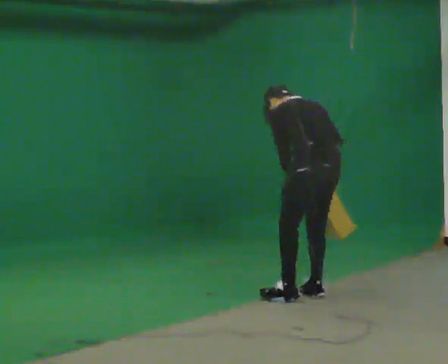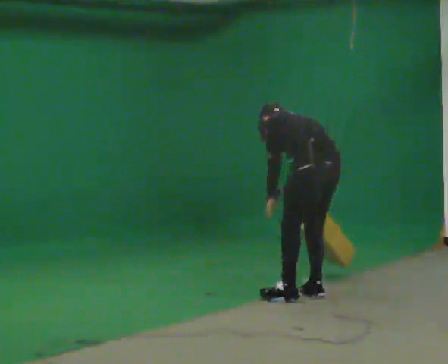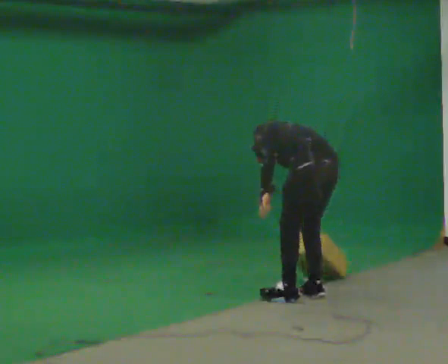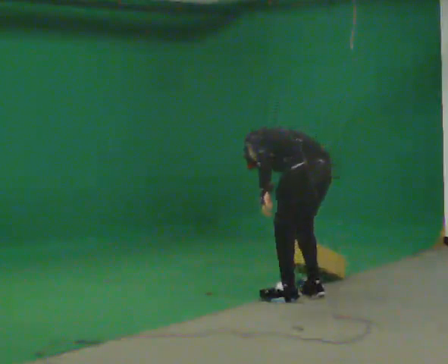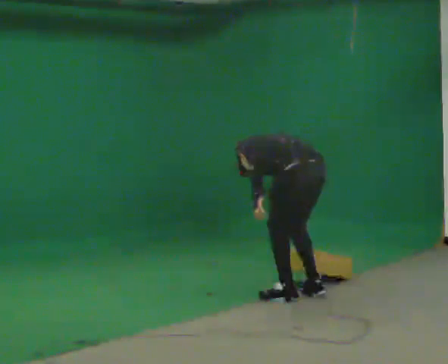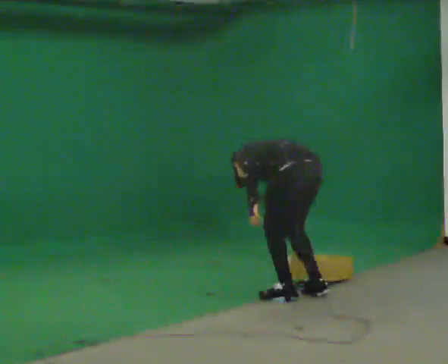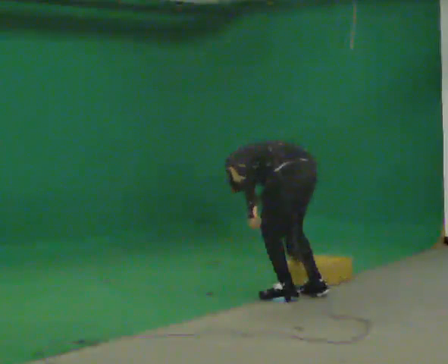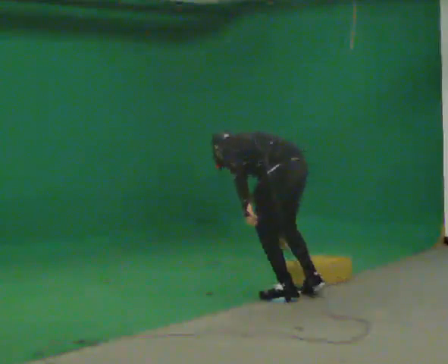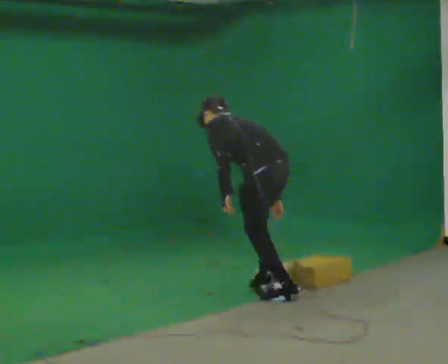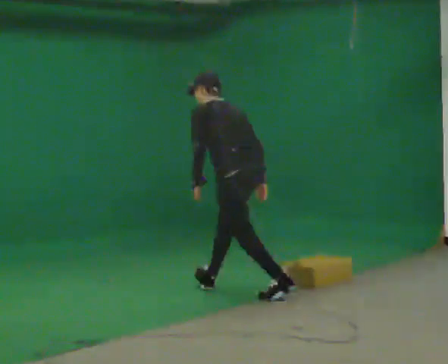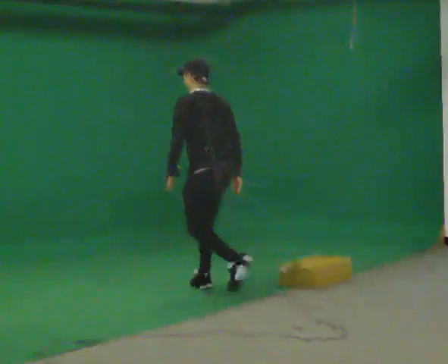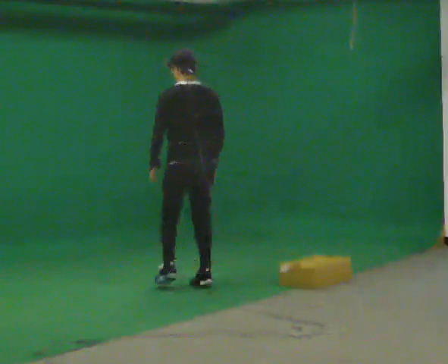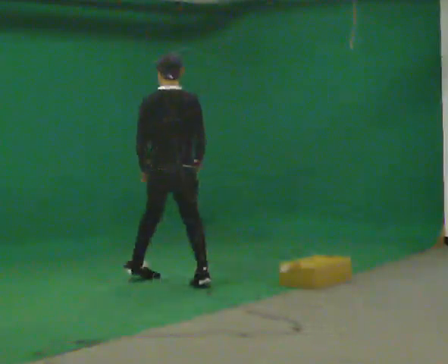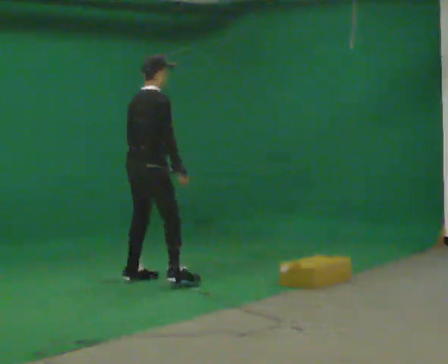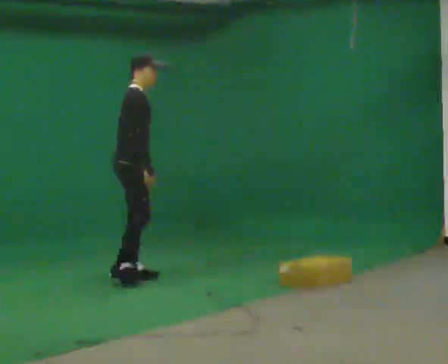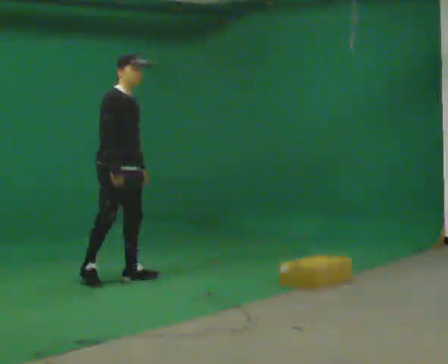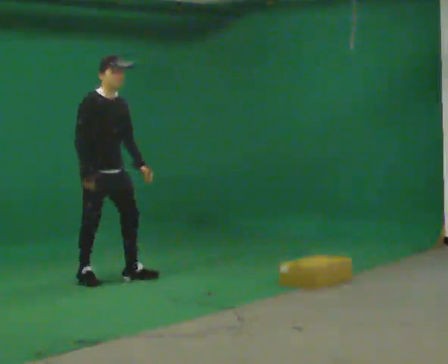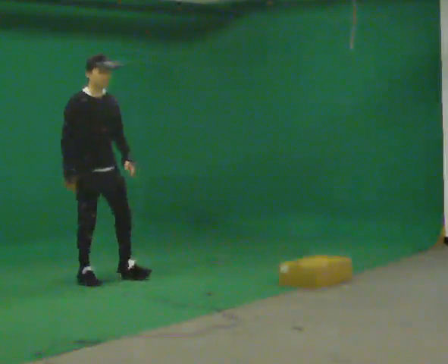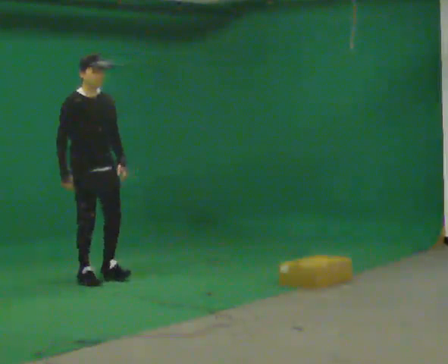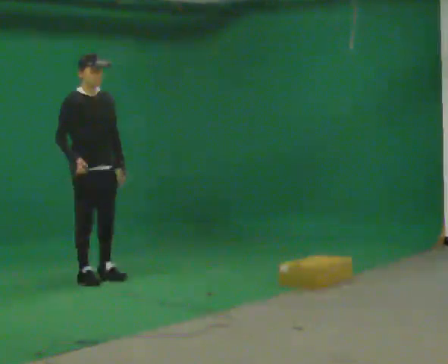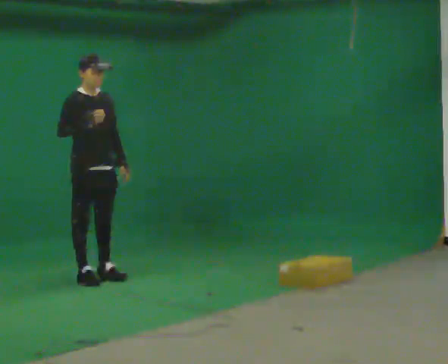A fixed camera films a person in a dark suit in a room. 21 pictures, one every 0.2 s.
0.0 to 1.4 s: In the picture they go to the left, about 0.25 m, which for them is forward and to their left.
1.4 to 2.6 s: The person turns about 105 degrees to their right, clockwise seen from above, so the part of the body nearest the lens slides to the left. In the picture they go to the left and away from the camera, about 1.5 m in 2 steps. The shoulders move upward. In the picture the upper body tilts clockwise, shoulders to the right, as they lean back or straighten.
2.6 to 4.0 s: The person turns about 75 degrees to their right, clockwise seen from above, so the part of the body nearest the lens slides to the left. In the picture they go to the left, about 0.5 m in 2 steps. In the picture their right hand goes upward.
The film runs forward here.
